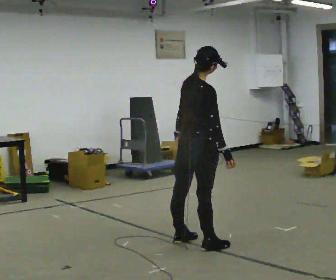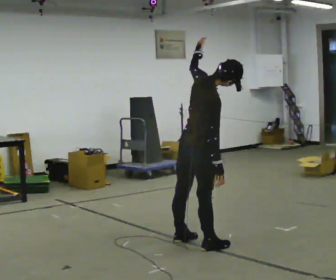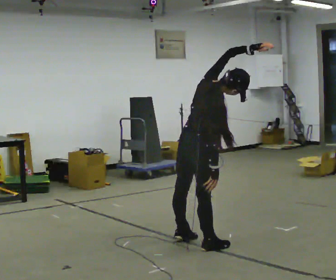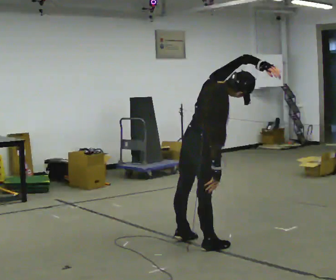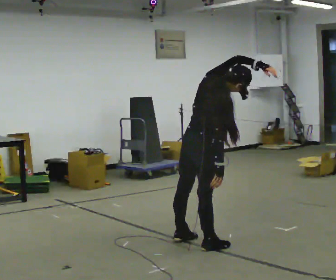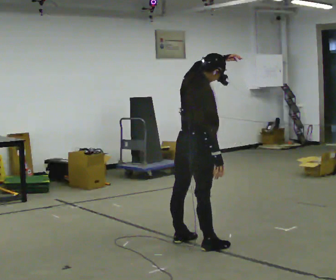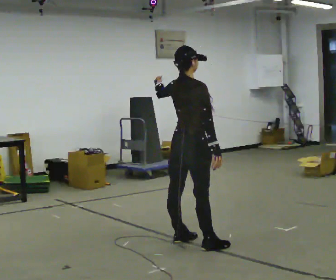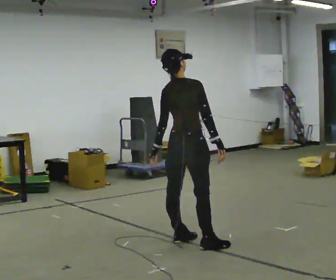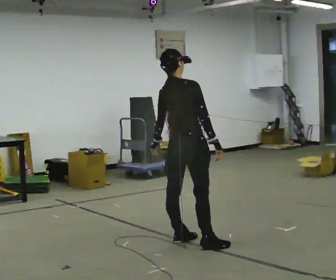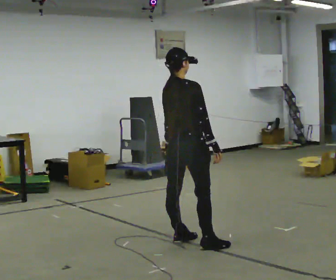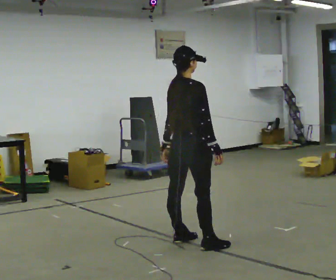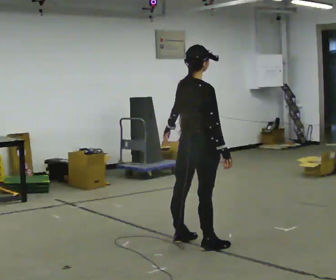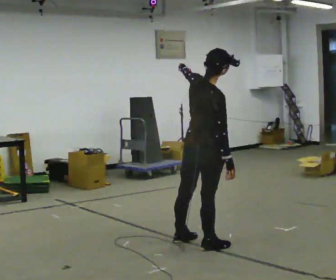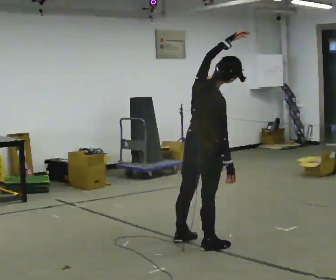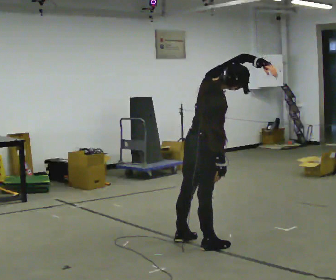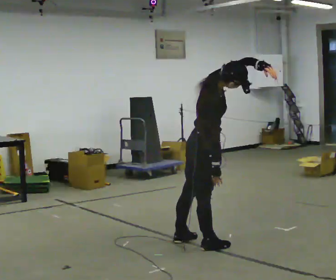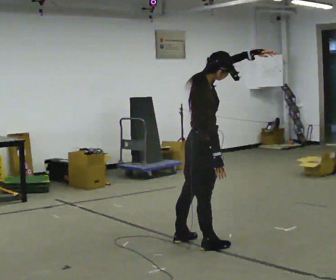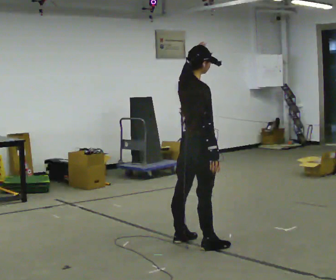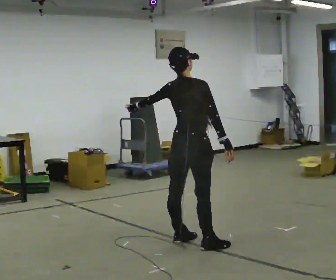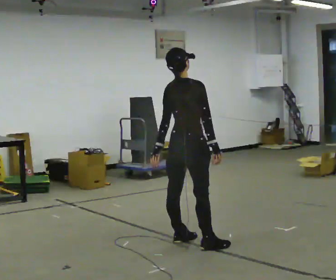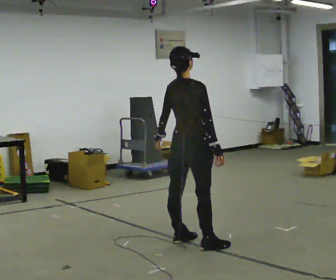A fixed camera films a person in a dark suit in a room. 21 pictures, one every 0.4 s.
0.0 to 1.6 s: In the picture their left hand goes to the right and upward.
1.6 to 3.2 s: In the picture the upper body tilts counterclockwise, shoulders to the left, as they lean back or straighten. In the picture their left hand goes to the left and downward.
3.2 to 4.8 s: In the picture they go toward the camera, about 0.25 m, which for them is to their right. In the picture the upper body tilts clockwise, shoulders to the right. In the picture their left hand goes upward.
4.8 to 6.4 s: The part of the body nearest the lens slides to the left as the person turns to their right by about 30 degrees. In the picture their left hand goes to the right.
6.4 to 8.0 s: The person turns about 30 degrees to their left, counterclockwise seen from above, so the part of the body nearest the lens slides to the right. In the picture their left hand goes to the left and downward.
The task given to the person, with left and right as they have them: Keeping your feet still and facing forward, bend your upper body sideways to one side, return upright, then bend to the other side. Reach the arm overhead as you bend. Repeat the movement at your own pace until the operator says stop; do not rush.
The film runs forward here.
